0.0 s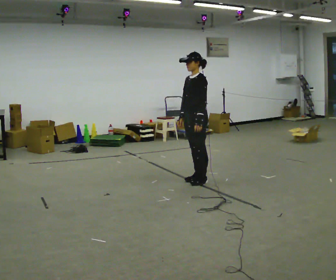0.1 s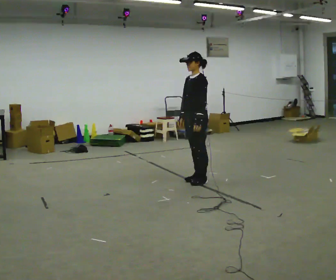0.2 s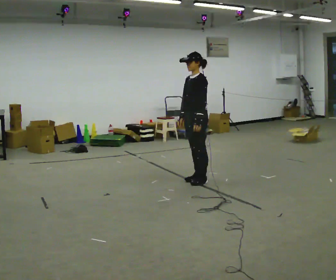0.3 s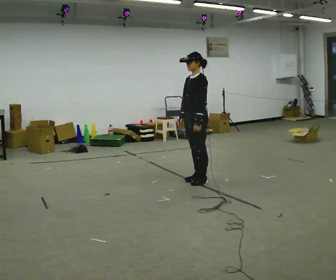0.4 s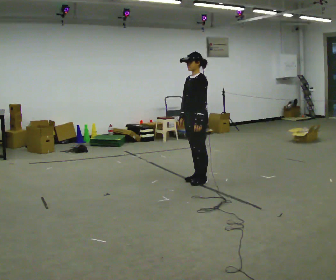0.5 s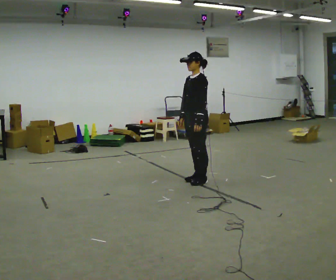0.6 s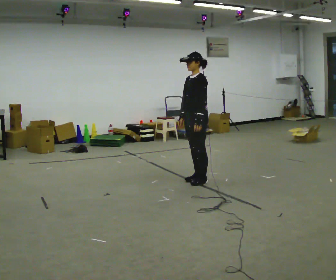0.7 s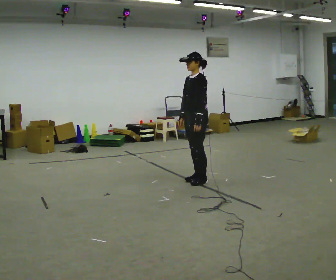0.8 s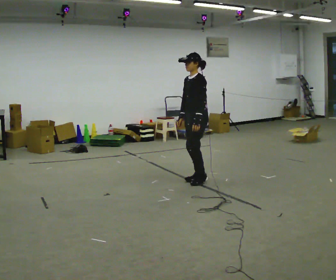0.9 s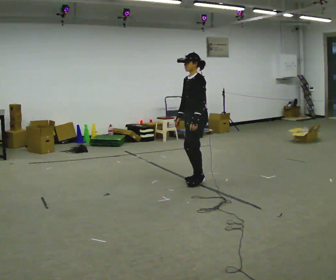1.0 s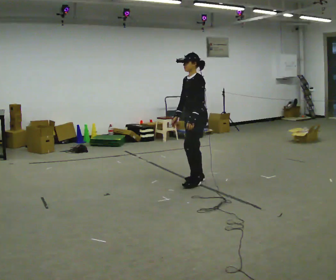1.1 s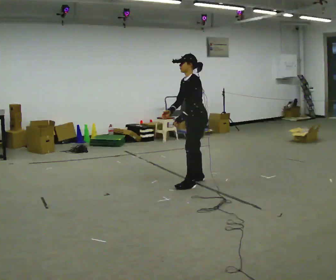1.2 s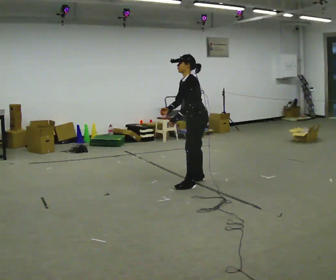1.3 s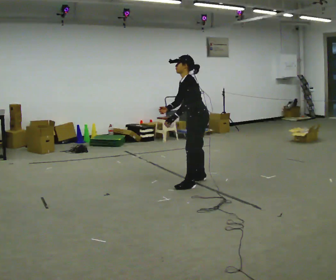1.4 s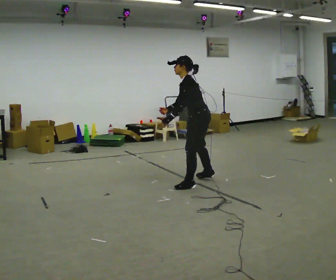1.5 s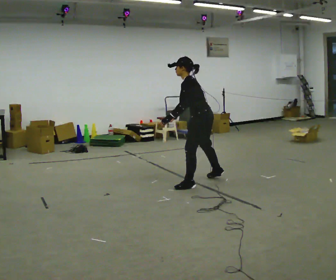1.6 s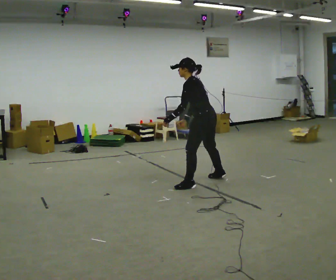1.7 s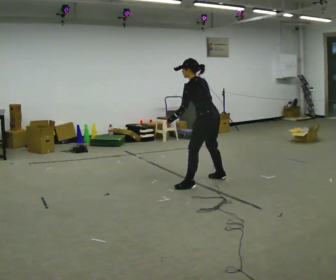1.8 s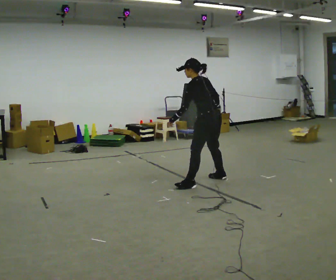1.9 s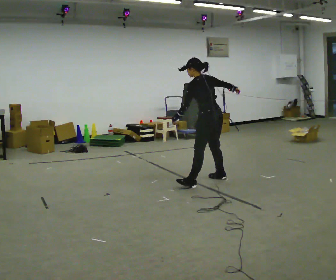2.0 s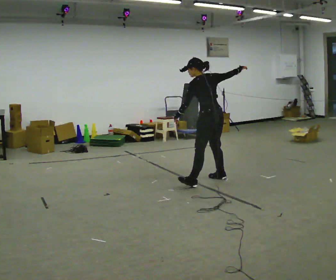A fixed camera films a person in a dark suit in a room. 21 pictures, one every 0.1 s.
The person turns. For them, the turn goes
to their right.
The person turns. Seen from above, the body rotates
clockwise.
0.0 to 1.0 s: The person moves a little, or ends about where they began.
1.0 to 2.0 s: Seen from above the body turns clockwise, about 75 degrees: to their right, with its near side sliding to the left. In the picture they go to the right, about 0.25 m in 2 steps. In the picture their right hand goes to the right and upward, the arm swinging counterclockwise.
The film runs forward here.
